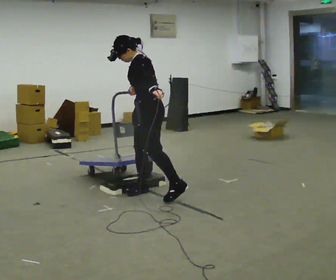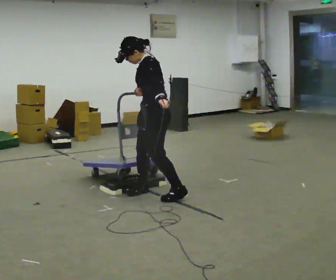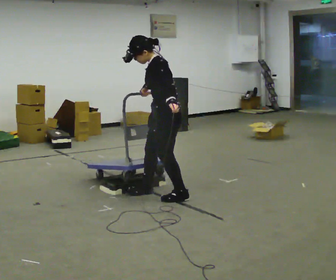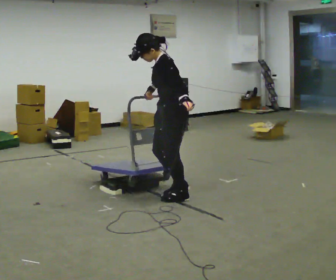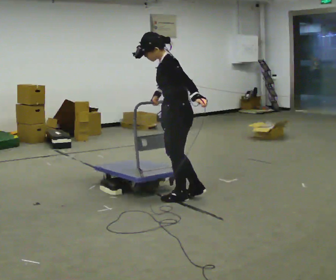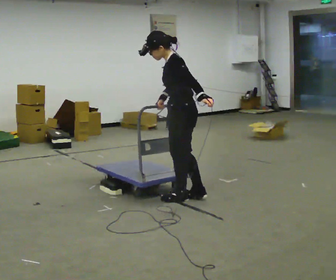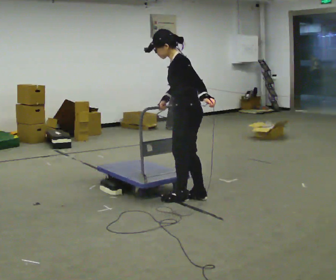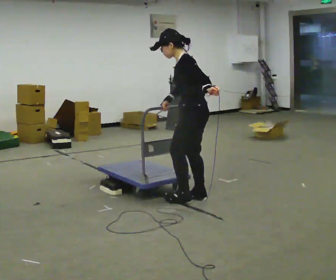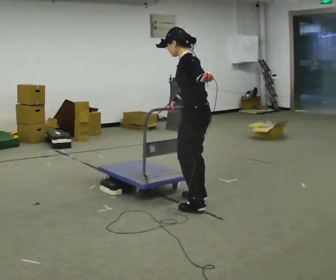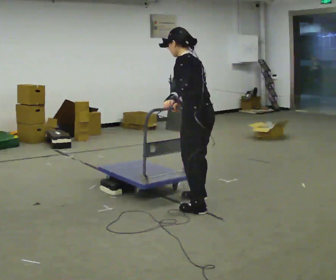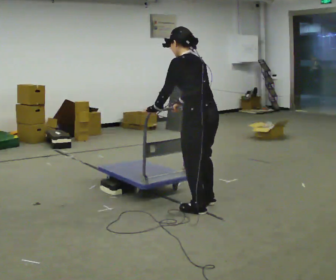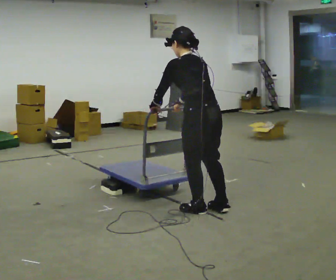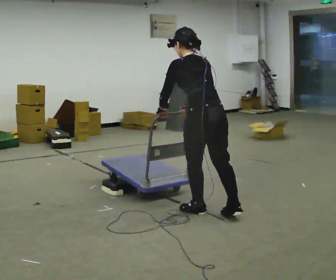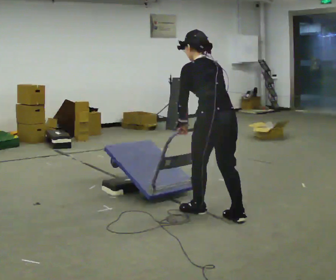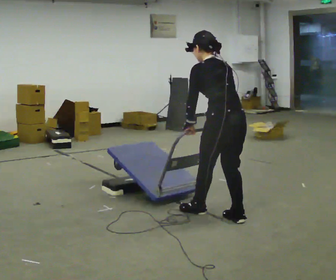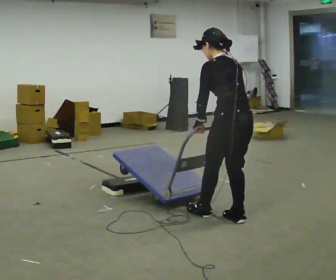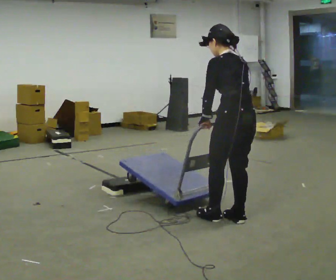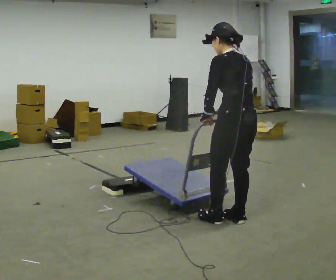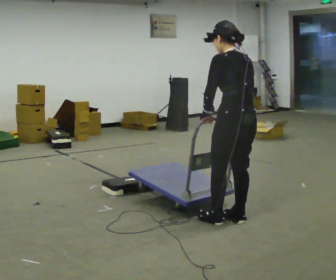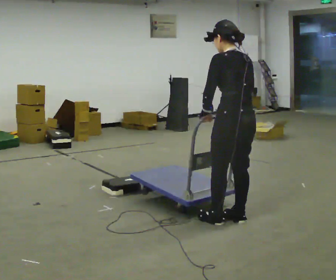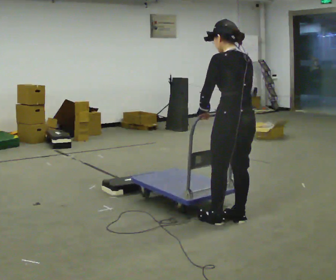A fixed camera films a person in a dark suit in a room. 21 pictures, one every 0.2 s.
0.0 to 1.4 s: In the picture they go to the right, about 0.5 m in 1 step, which for them is backward and to their left.
1.4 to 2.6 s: The part of the body nearest the lens slides to the left as the person turns to their right by about 60 degrees. In the picture they go toward the camera and to the right, about 0.5 m in 2 steps, which for them is backward and to their left. The upper body tips away from the camera, its near side rolling upward, as they bend forward.
2.6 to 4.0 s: The person moves a little, or ends about where they began.
The film runs forward here.
